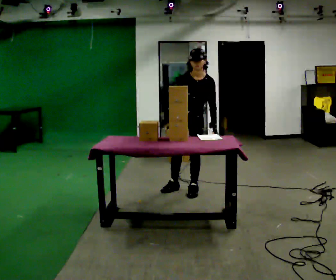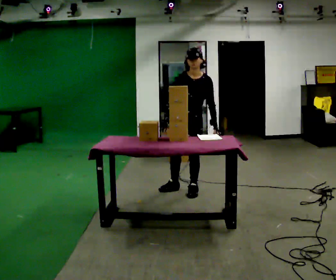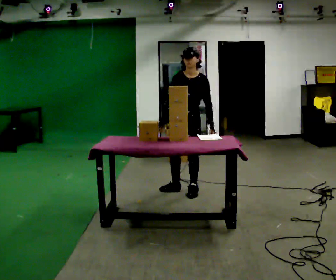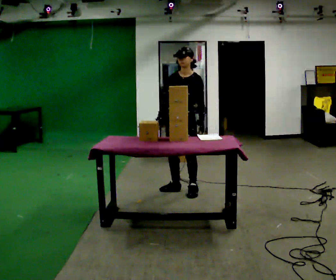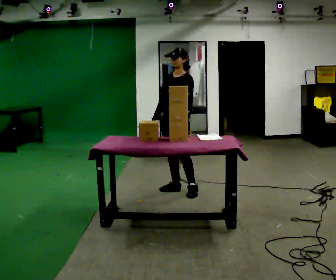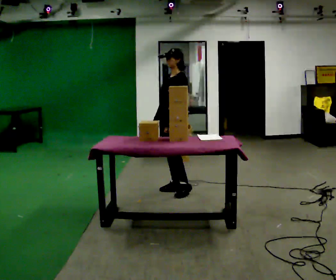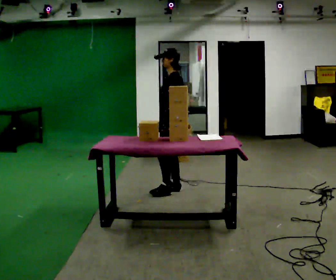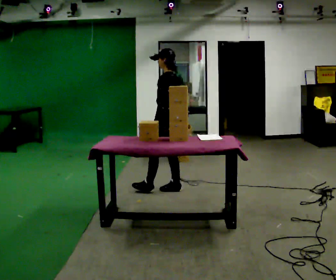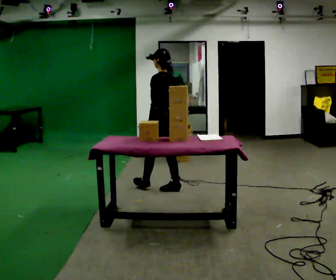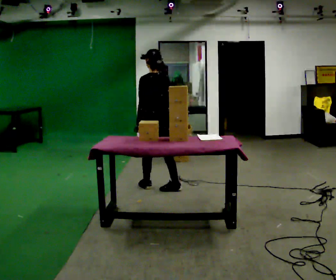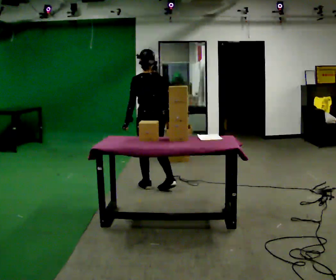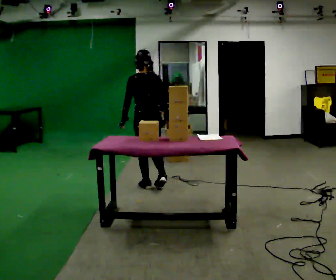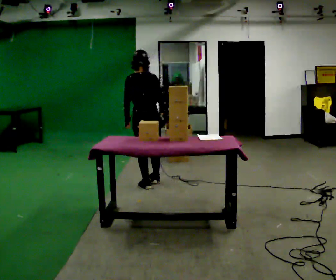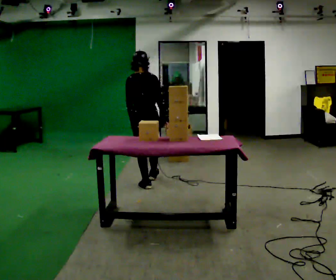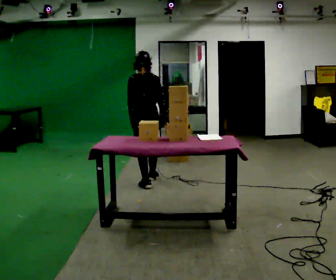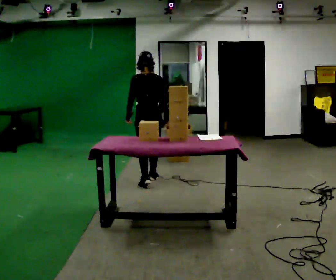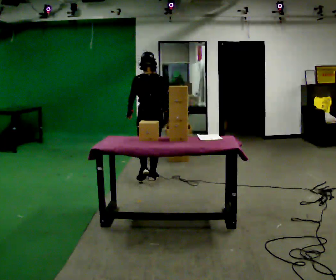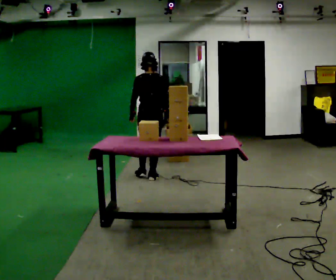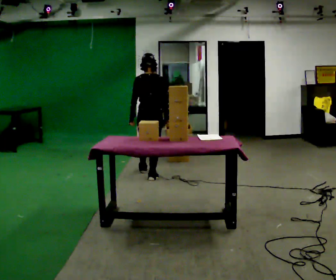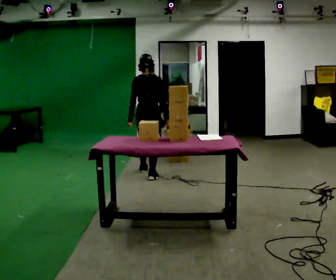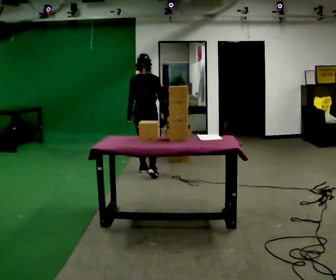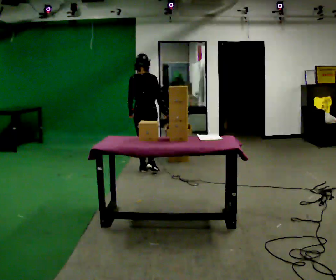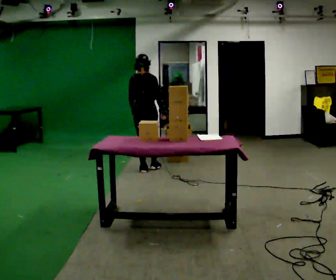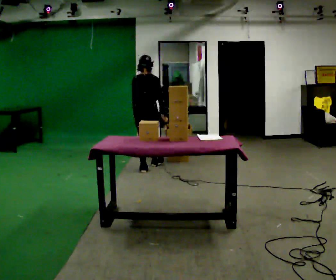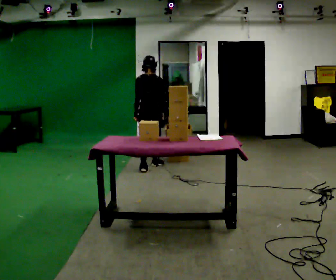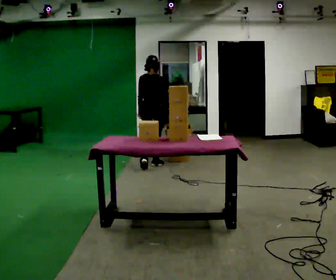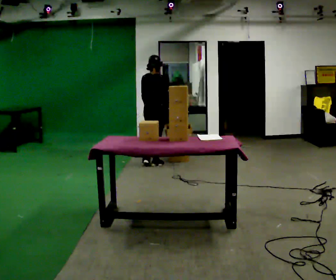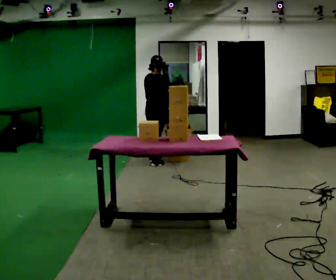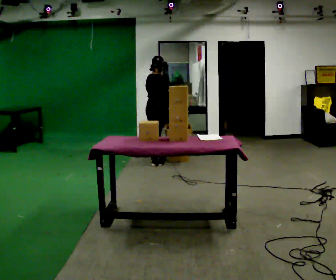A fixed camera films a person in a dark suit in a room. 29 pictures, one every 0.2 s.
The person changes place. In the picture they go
away from the camera.
The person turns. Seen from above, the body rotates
clockwise.
0.0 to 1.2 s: Seen from above the body turns clockwise, about 75 degrees: to their right, with its near side sliding to the left. In the picture they go to the left, about 0.25 m. The upper body tips away from the camera, its near side rolling upward, as they lean back or straighten. In the picture their left hand goes to the left.
1.2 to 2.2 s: The person turns about 75 degrees to their right, clockwise seen from above, so the part of the body nearest the lens slides to the left. In the picture they go to the left, about 0.25 m in 1 step.
2.2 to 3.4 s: In the picture they go away from the camera, about 0.5 m in 1 step, which for them is forward.
3.4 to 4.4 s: In the picture they go away from the camera, about 0.5 m in 1 step, which for them is forward and to their left.
4.4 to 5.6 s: The person turns about 45 degrees to their right, clockwise seen from above, so the part of the body nearest the lens slides to the left. In the picture they go away from the camera, about 0.5 m in 2 steps, which for them is forward.
The film runs forward here.
